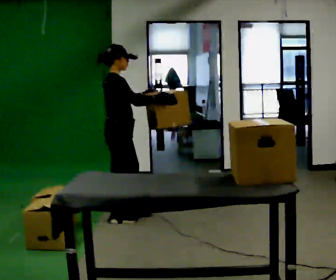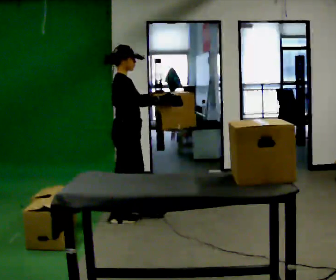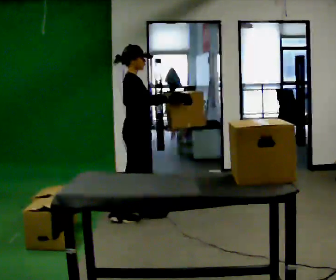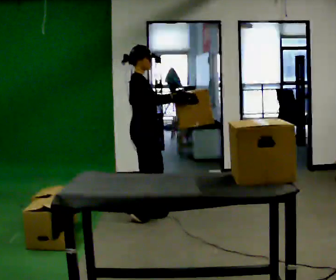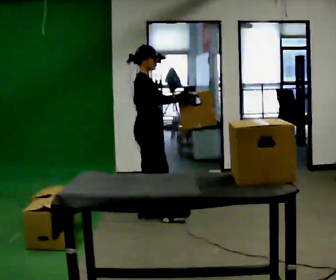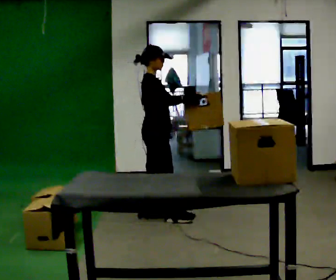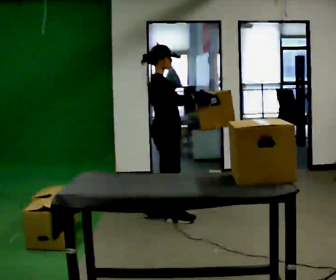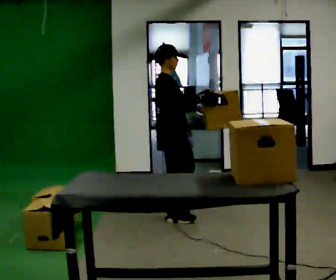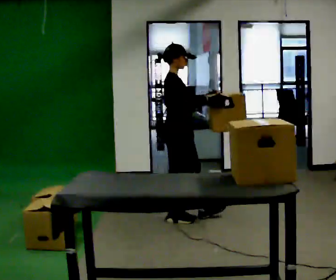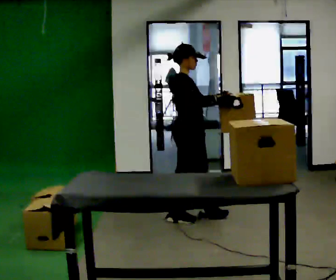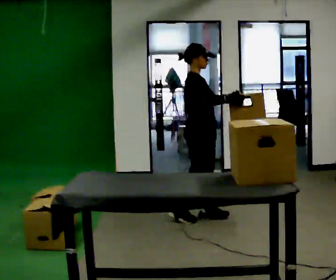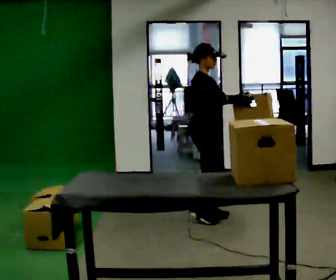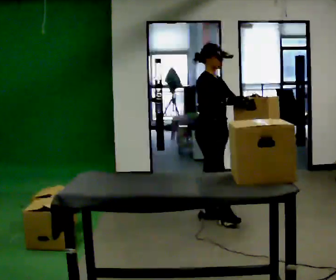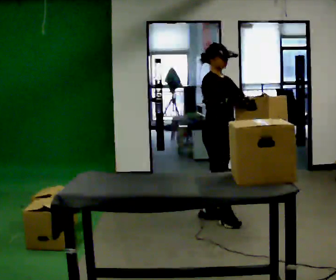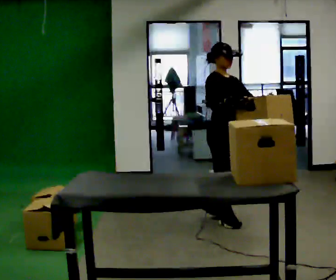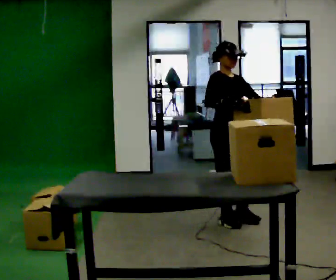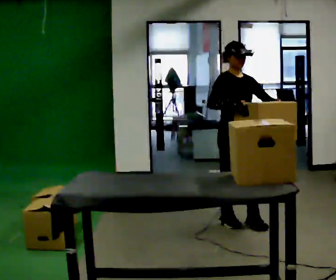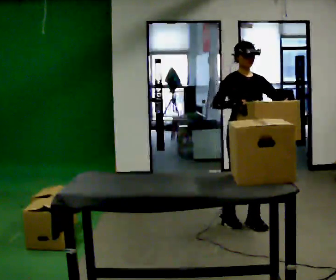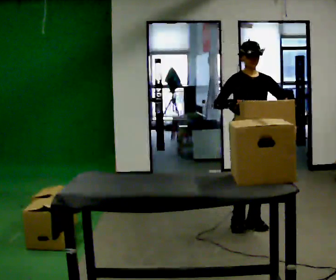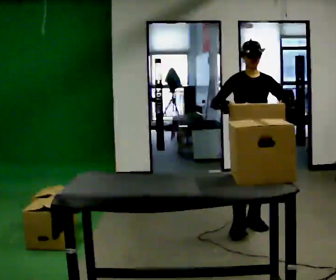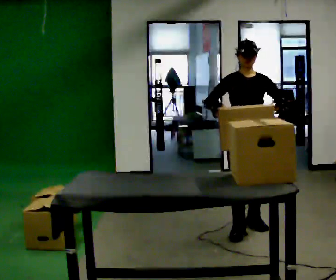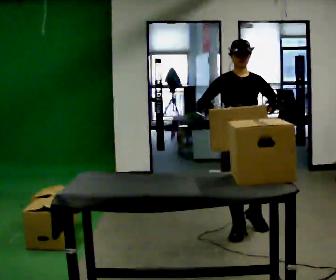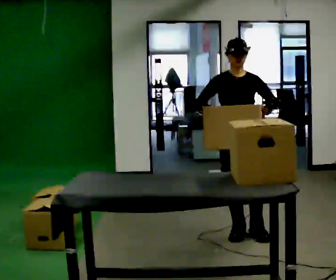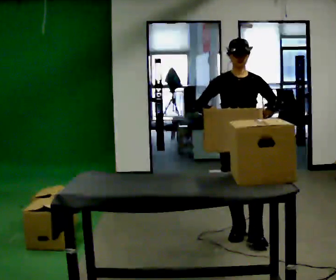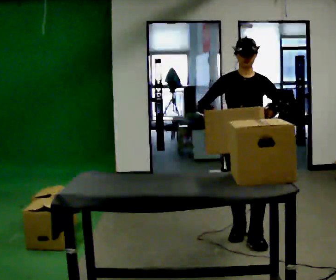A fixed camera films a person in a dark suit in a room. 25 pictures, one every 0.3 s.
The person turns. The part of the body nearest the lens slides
to the left.
The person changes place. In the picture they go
to the right.
0.0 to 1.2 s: In the picture they go to the right, about 0.25 m in 1 step, which for them is forward.
1.2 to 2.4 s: In the picture they go to the right, about 0.25 m in 2 steps, which for them is forward.
2.4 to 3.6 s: Seen from above the body turns clockwise, about 30 degrees: to their right, with its near side sliding to the left. In the picture they go to the right, about 0.25 m in 1 step, which for them is forward.
3.6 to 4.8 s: The person turns about 30 degrees to their right, clockwise seen from above, so the part of the body nearest the lens slides to the left. In the picture they go to the right and toward the camera, about 0.25 m in 1 step, which for them is forward.
4.8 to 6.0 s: The part of the body nearest the lens slides to the left as the person turns to their right by about 30 degrees. In the picture they go toward the camera, about 0.25 m in 1 step, which for them is forward.
6.0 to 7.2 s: In the picture they go toward the camera, about 0.25 m in 1 step, which for them is forward.
The film runs forward here.
